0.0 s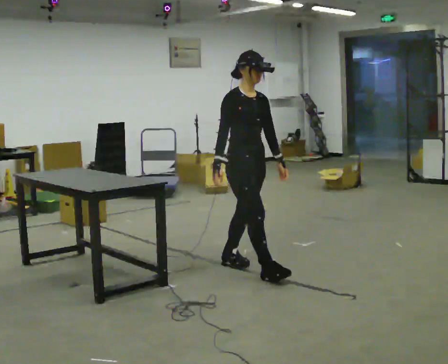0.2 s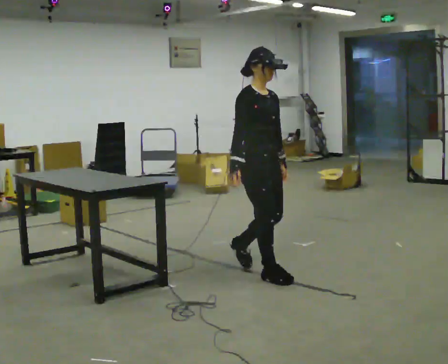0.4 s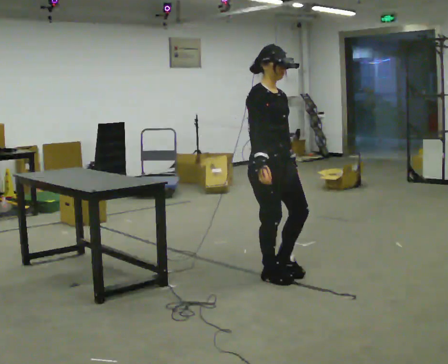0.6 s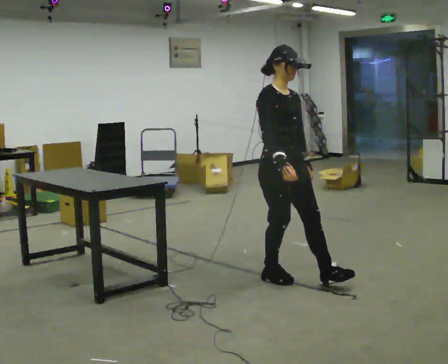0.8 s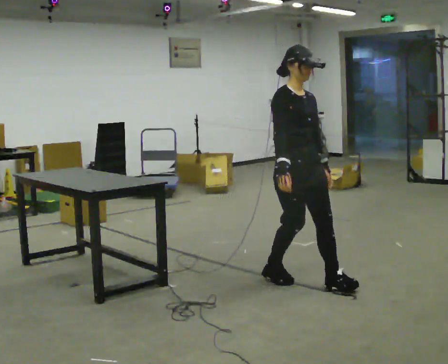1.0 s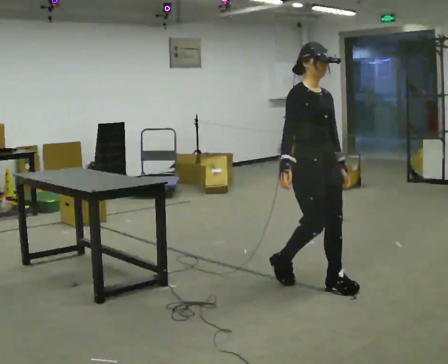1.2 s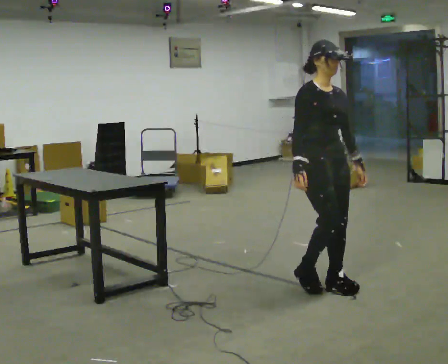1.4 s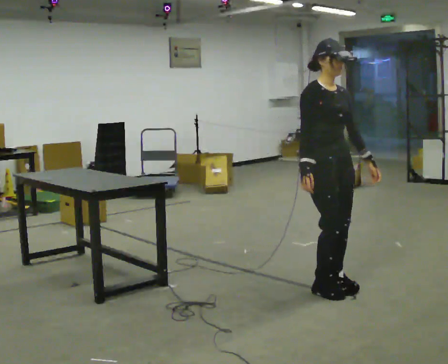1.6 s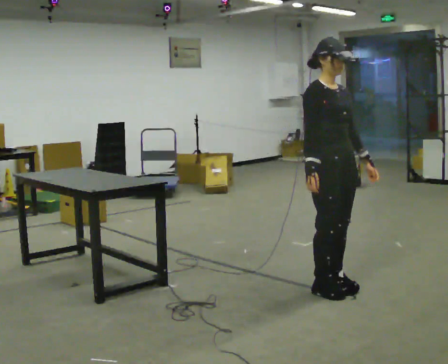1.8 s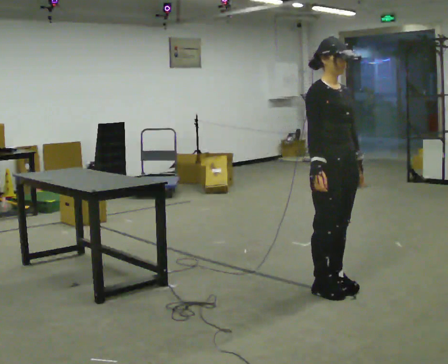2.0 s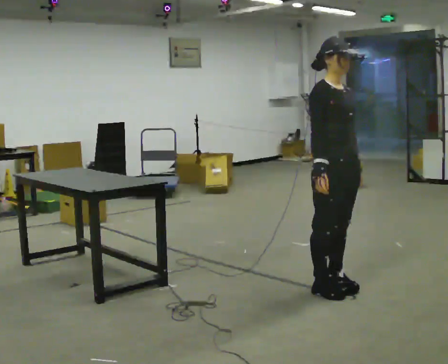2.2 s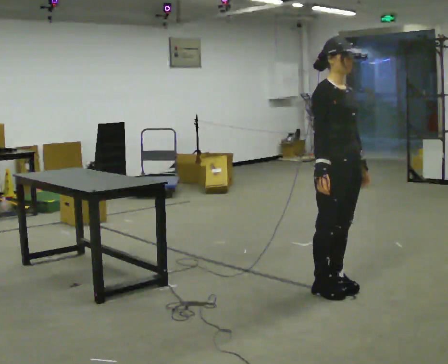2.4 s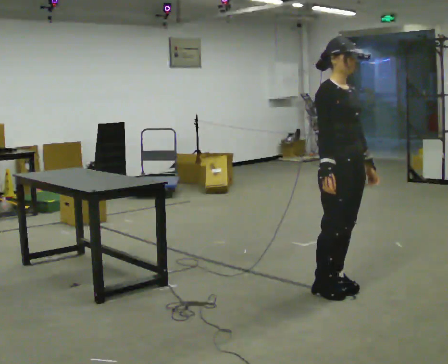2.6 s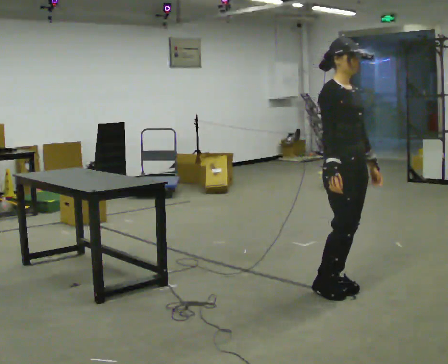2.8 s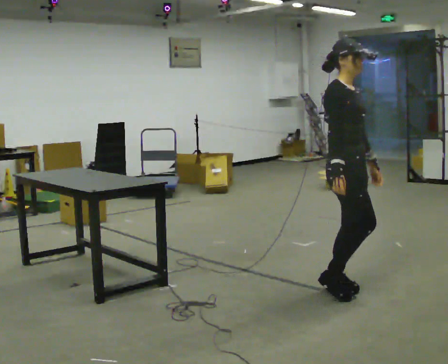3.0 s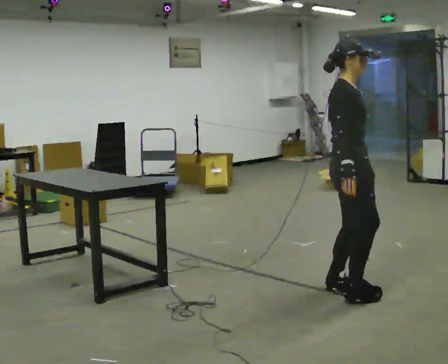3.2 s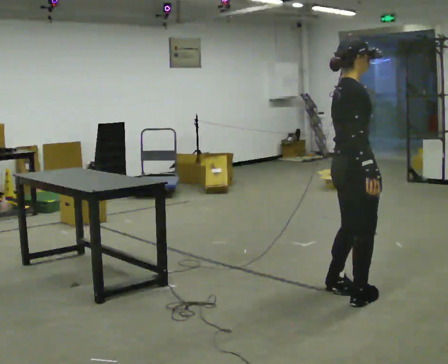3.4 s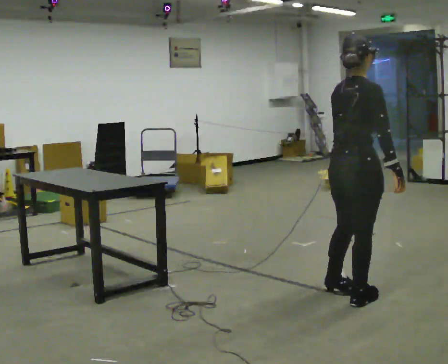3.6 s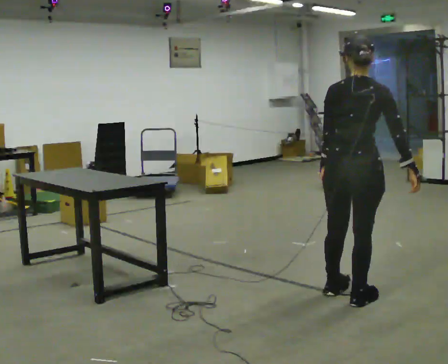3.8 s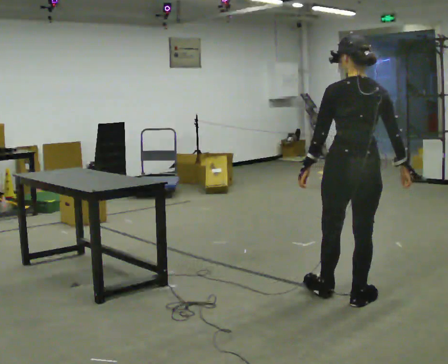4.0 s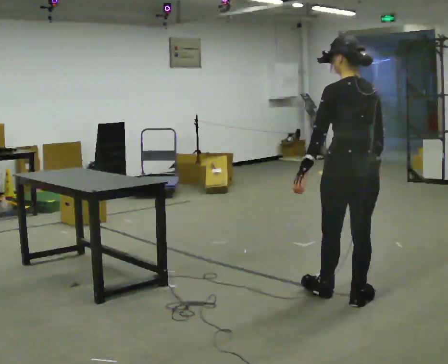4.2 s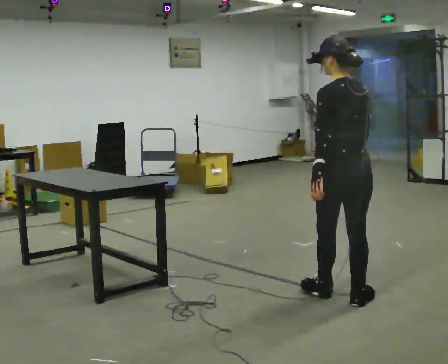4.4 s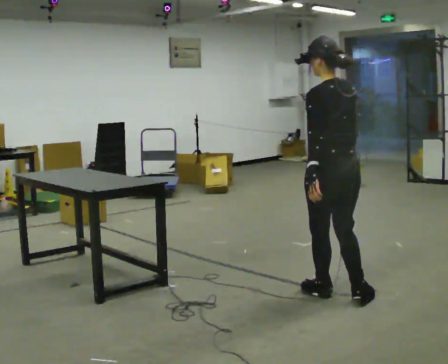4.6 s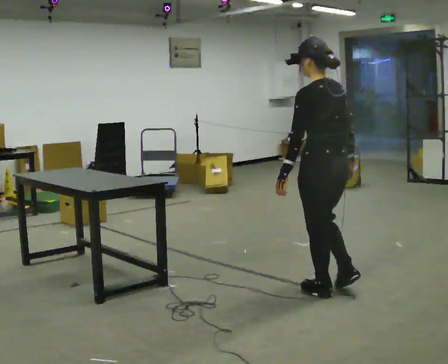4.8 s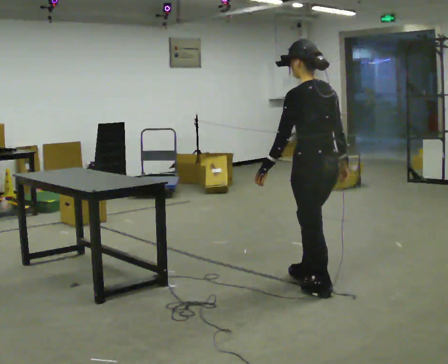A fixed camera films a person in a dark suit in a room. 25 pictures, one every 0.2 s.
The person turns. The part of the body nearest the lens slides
to the right.
The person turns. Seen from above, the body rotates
counterclockwise.
0.0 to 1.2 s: In the picture they go to the right and toward the camera, about 0.75 m in 1 step, which for them is forward.
1.2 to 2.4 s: The person moves a little, or ends about where they began.
2.4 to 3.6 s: Seen from above the body turns counterclockwise, about 105 degrees: to their left, with its near side sliding to the right. In the picture they go toward the camera, about 0.25 m in 2 steps. In the picture their right hand goes to the right.
3.6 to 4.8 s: The part of the body nearest the lens slides to the right as the person turns to their left by about 60 degrees. In the picture they go to the left and away from the camera, about 0.25 m.
The film runs forward here.
